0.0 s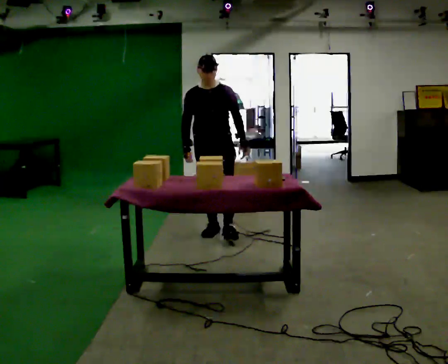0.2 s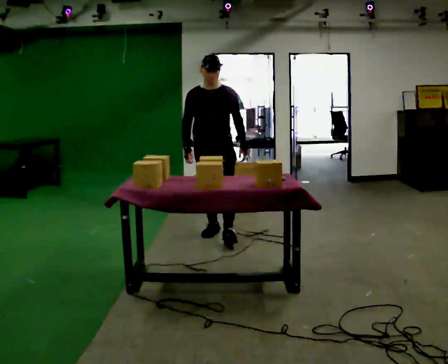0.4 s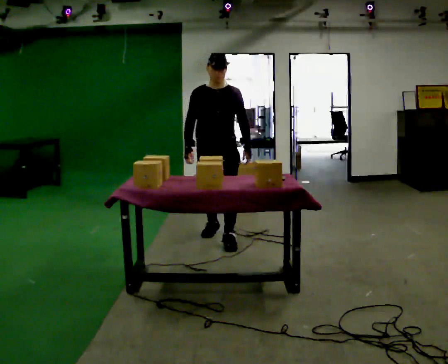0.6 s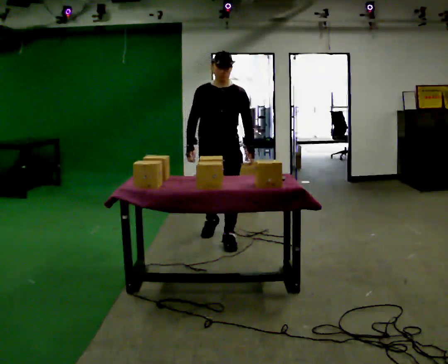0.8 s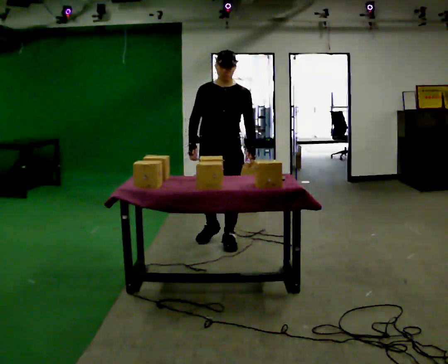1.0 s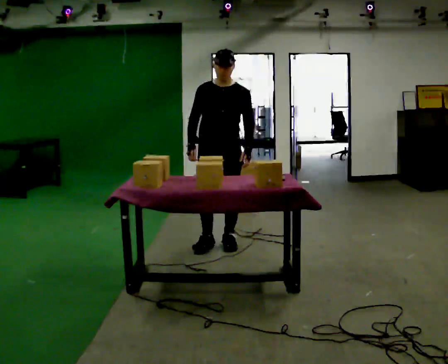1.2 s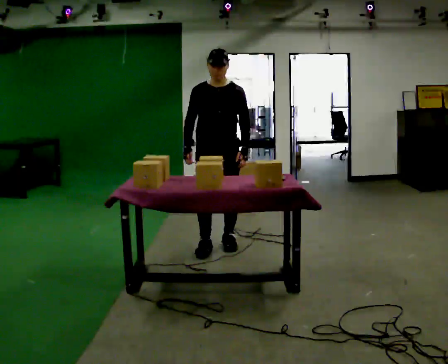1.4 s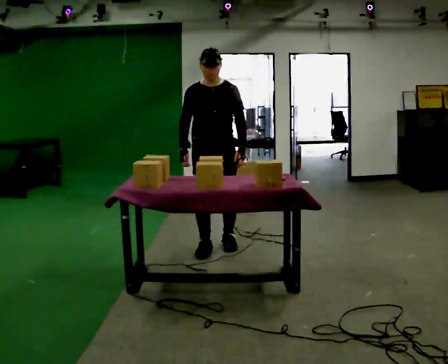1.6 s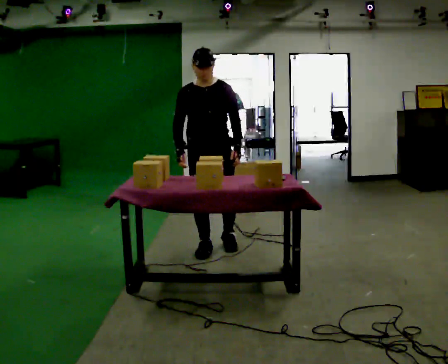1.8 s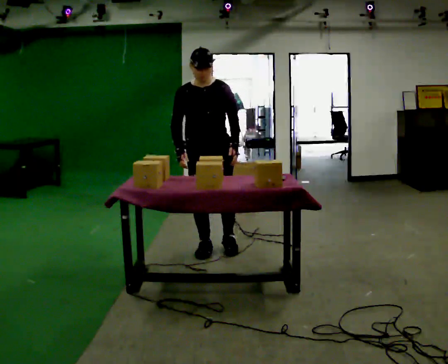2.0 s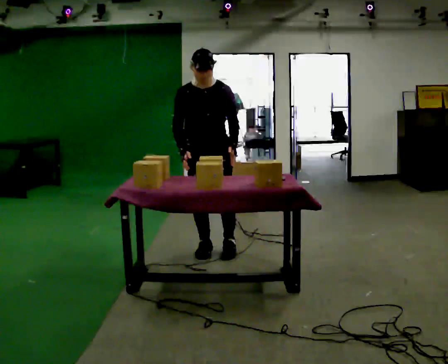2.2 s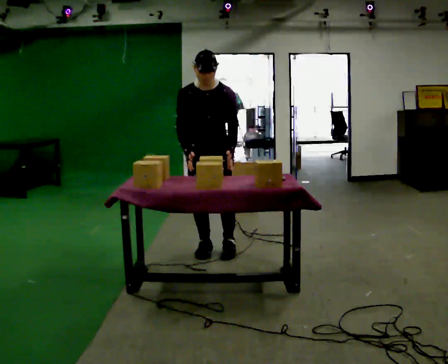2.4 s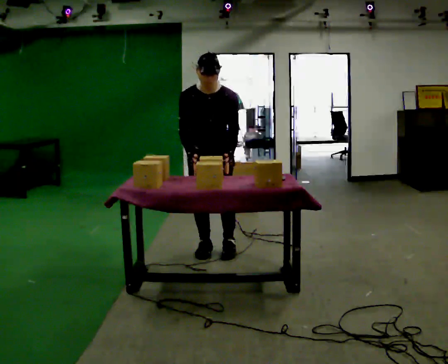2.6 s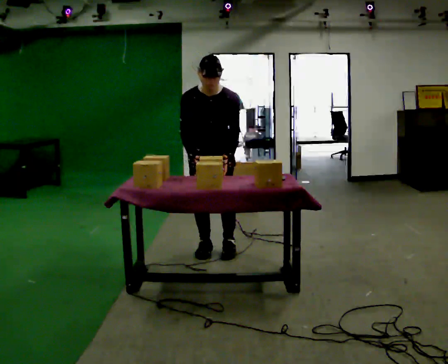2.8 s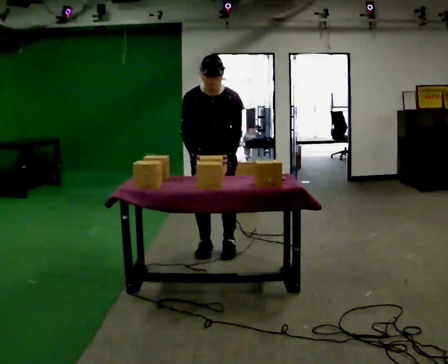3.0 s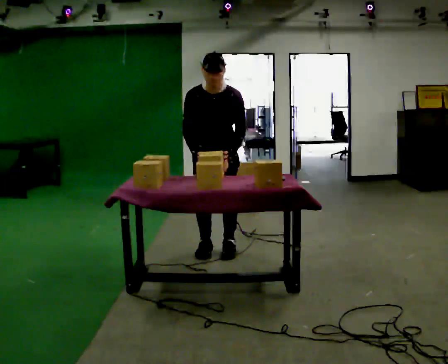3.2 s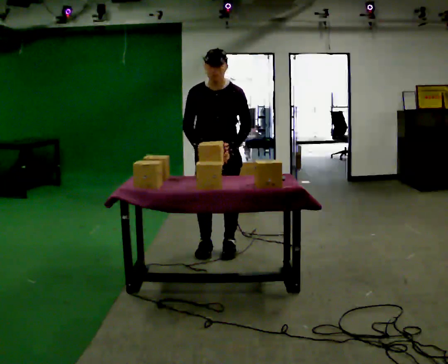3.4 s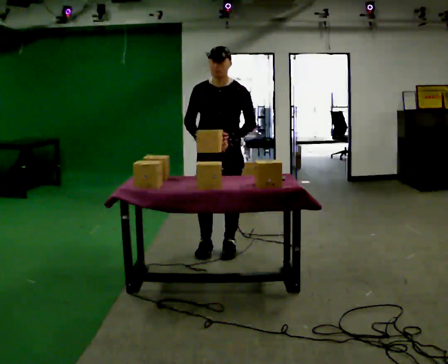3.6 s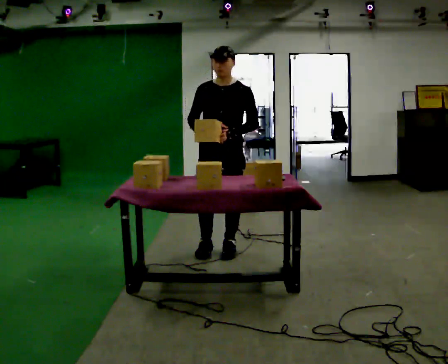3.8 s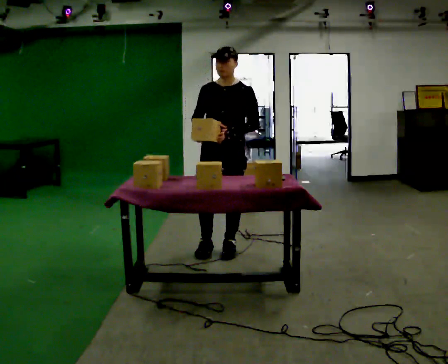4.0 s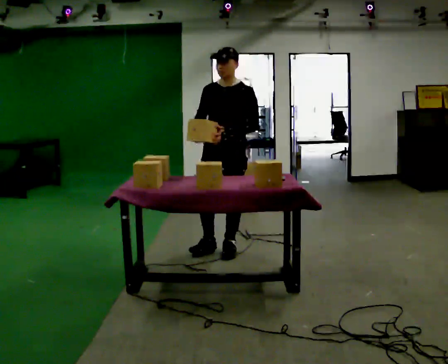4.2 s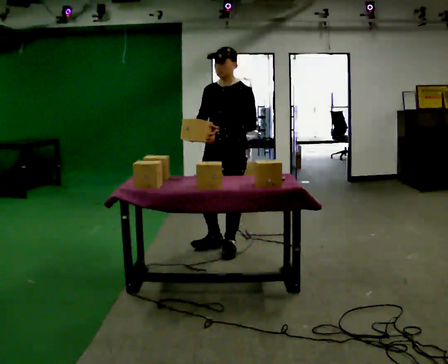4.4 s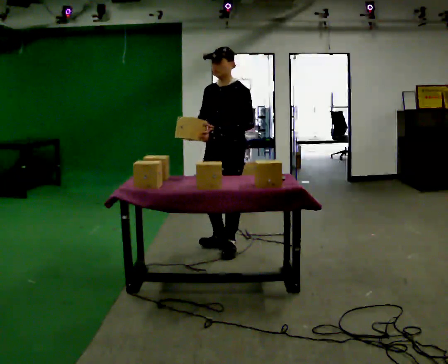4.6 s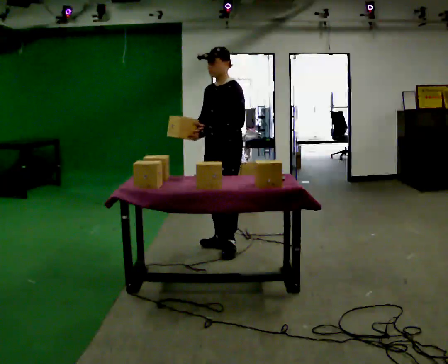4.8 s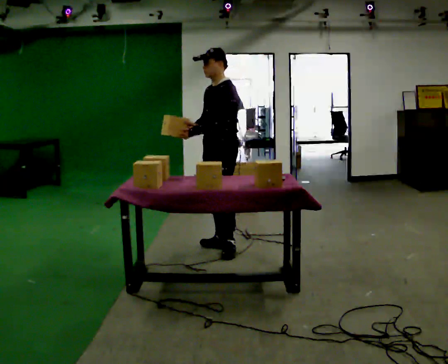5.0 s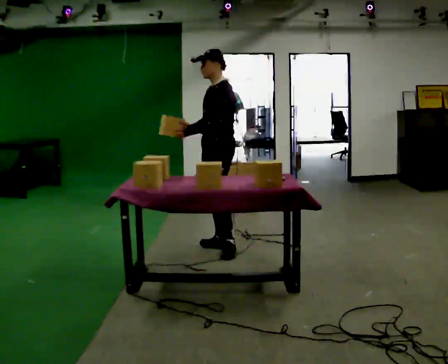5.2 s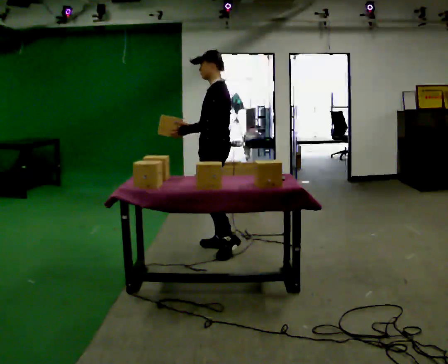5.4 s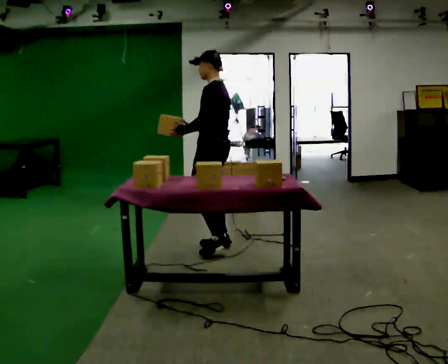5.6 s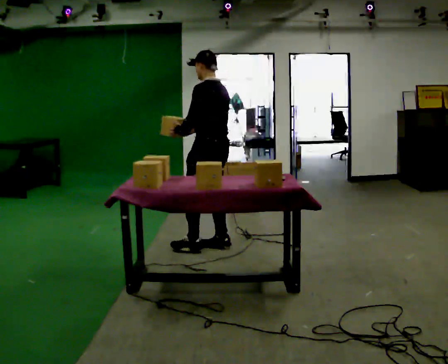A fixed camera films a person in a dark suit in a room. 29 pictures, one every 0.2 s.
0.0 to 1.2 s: In the picture they go toward the camera, about 0.5 m in 2 steps, which for them is forward.
1.2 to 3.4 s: In the picture they go toward the camera, about 0.25 m in 1 step, which for them is forward.
3.4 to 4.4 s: The person turns about 30 degrees to their right, clockwise seen from above, so the part of the body nearest the lens slides to the left.
4.4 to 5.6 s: The person turns about 75 degrees to their right, clockwise seen from above, so the part of the body nearest the lens slides to the left. In the picture their left hand goes to the left.
The film runs forward here.
